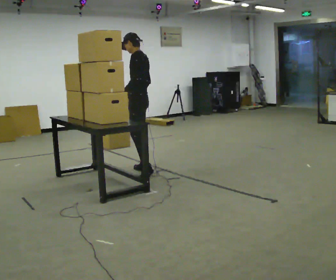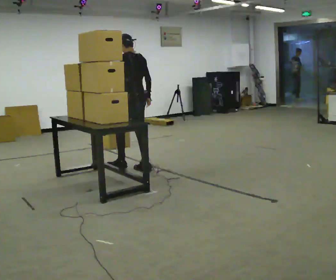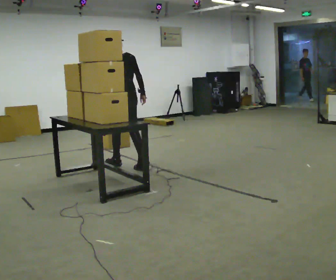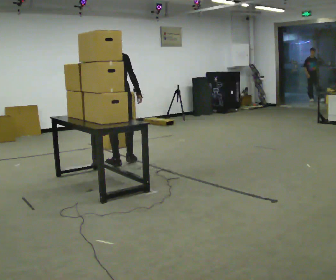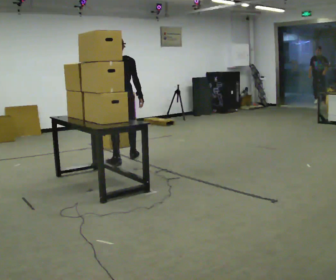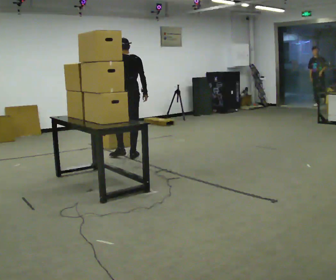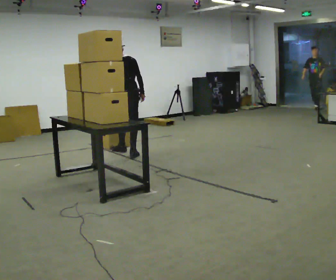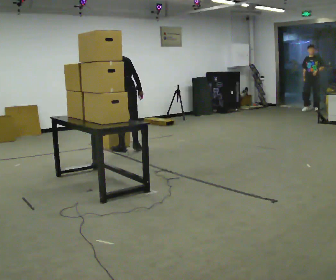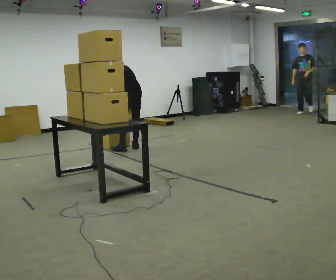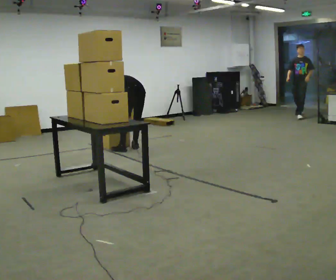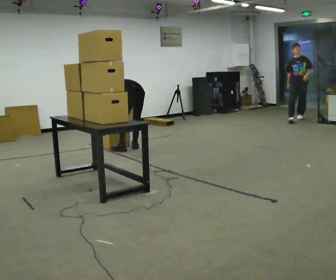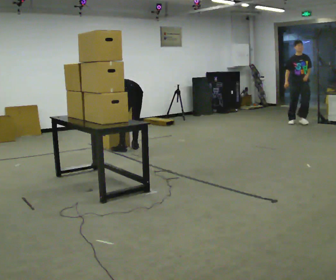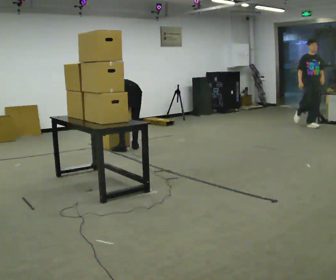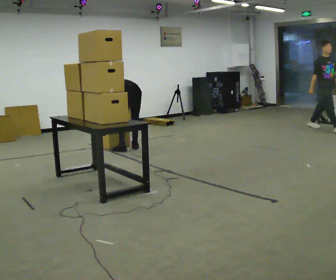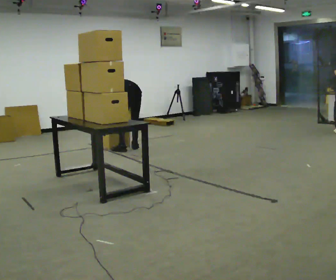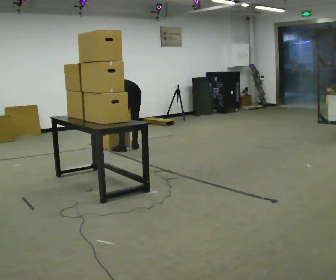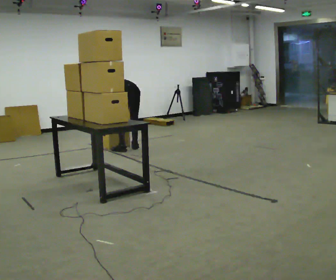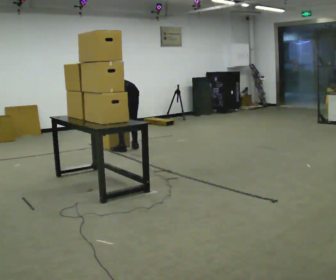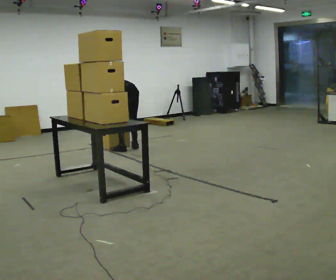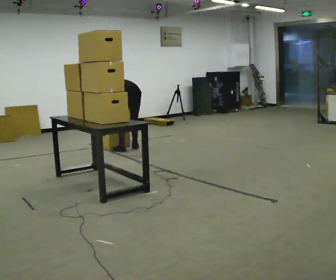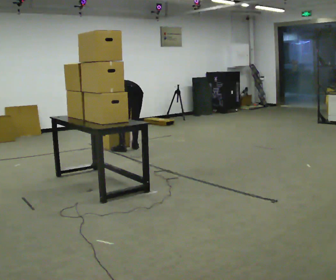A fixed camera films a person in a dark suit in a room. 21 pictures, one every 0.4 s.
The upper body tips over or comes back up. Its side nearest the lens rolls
upward.
The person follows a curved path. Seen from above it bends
clockwise.
0.0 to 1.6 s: The part of the body nearest the lens slides to the left as the person turns to their right by about 60 degrees. In the picture they go away from the camera and to the left, about 0.5 m in 2 steps.
1.6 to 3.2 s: The person turns about 30 degrees to their left, counterclockwise seen from above, so the part of the body nearest the lens slides to the right. In the picture they go away from the camera, about 0.5 m in 2 steps, which for them is forward and to their right. The upper body tips away from the camera, its near side rolling upward, as they bend forward.
3.2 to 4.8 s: The shoulders move downward. The upper body tips away from the camera, its near side rolling upward, as they bend forward. In the picture their right hand goes downward.
4.8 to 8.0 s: The person moves a little, or ends about where they began.
The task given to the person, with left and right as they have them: Bring the boxes over one at a time and stack them on top of each other, walking back for each one. Keep going until the operator says stop; one object at a time, and do not rush between trips.
The film runs forward here.
